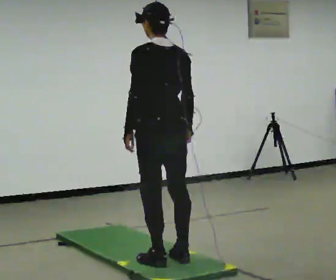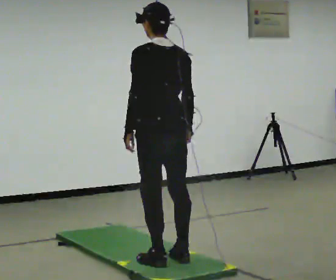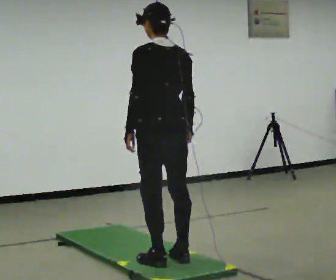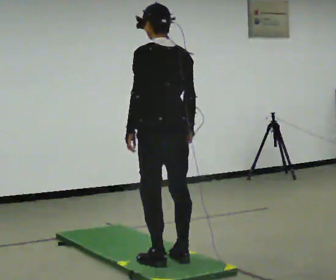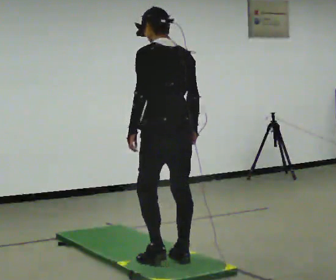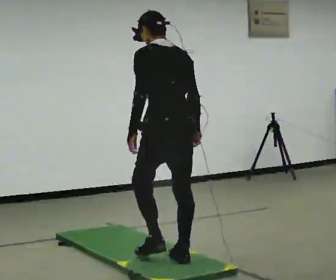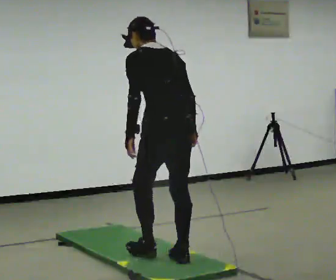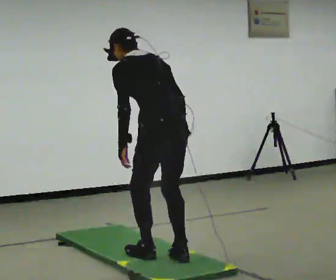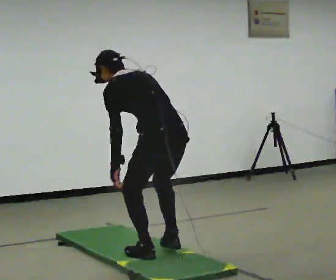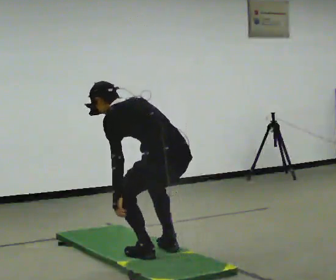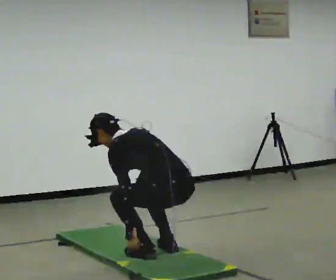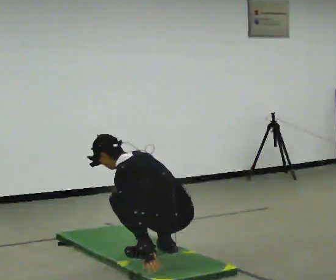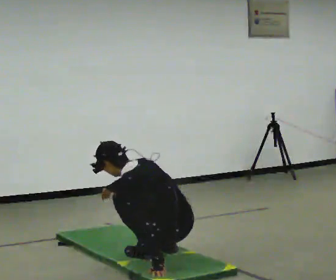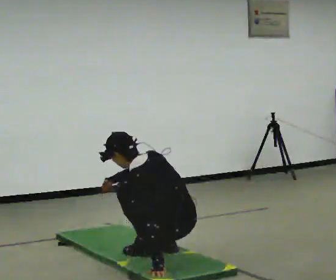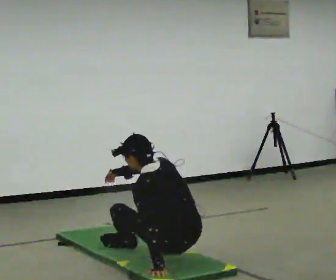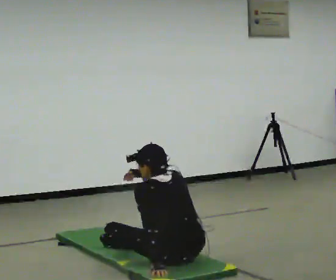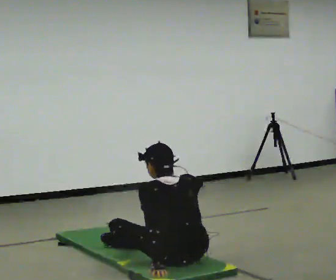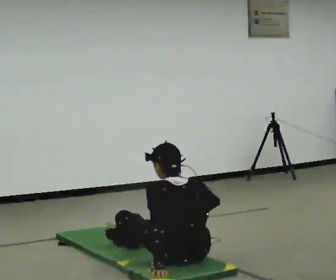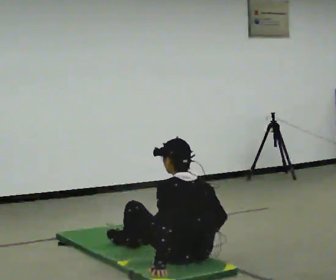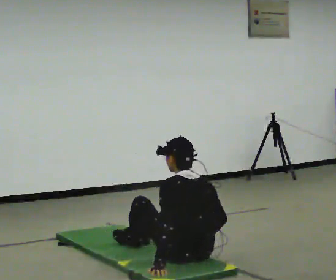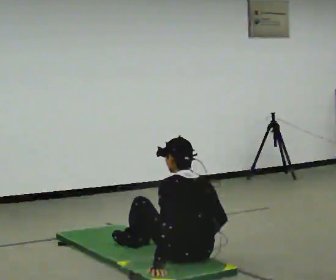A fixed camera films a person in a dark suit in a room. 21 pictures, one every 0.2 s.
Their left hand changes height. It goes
downward.
The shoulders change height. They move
downward.
0.0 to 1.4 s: In the picture the upper body tilts counterclockwise, shoulders to the left, as they bend forward.
1.4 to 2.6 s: The upper body goes downward. In the picture their right hand goes to the left and downward.
2.6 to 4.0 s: In the picture the upper body tilts clockwise, shoulders to the right. In the picture their right hand goes to the right and downward.
The film runs forward here.
